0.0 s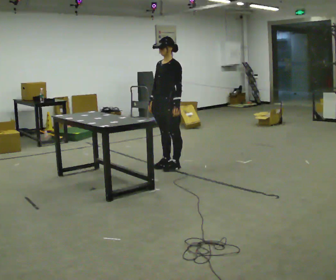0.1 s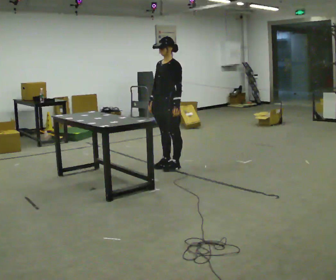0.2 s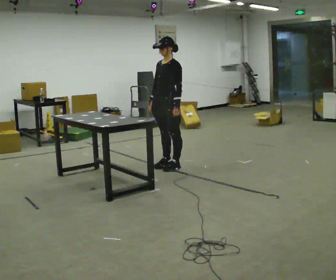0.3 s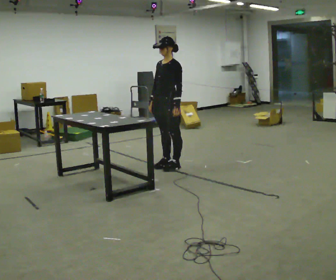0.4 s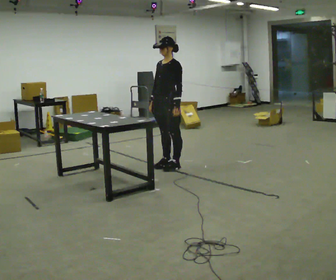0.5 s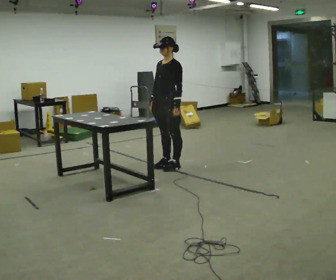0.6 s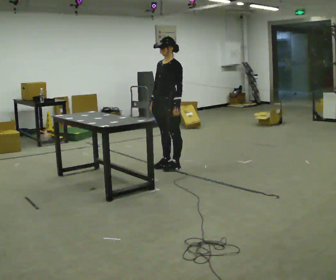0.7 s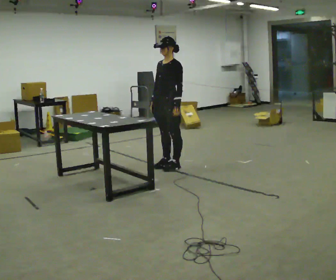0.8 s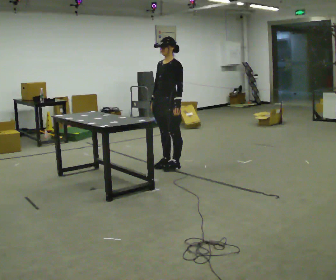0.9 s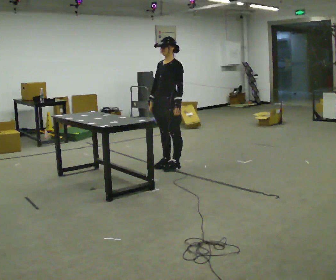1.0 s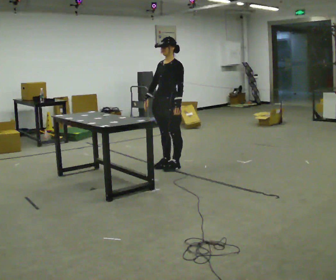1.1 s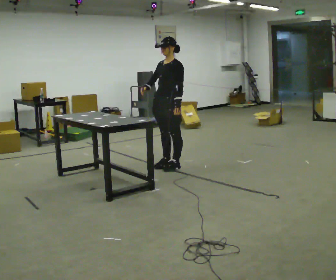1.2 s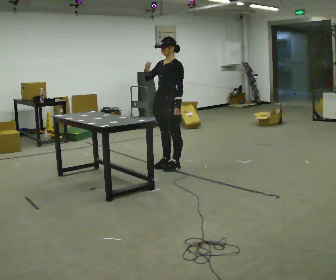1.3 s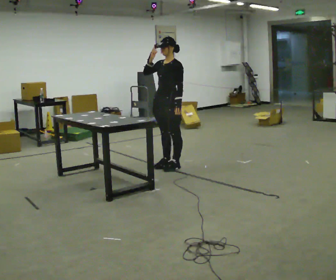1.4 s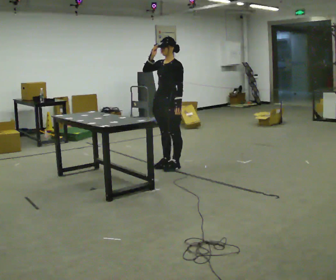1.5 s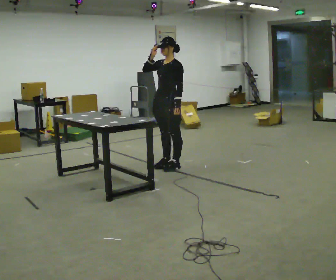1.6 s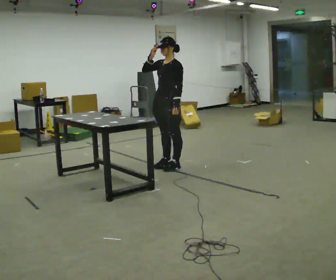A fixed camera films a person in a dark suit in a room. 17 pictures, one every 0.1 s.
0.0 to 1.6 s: In the picture their right hand goes upward.
The film runs backward here.
